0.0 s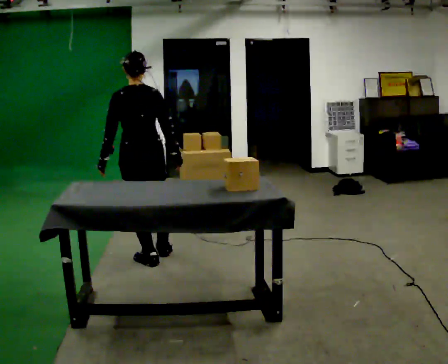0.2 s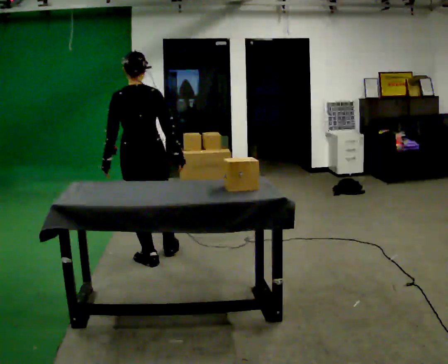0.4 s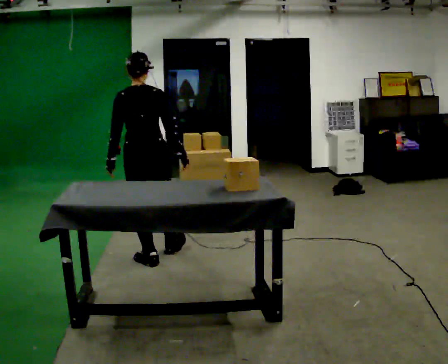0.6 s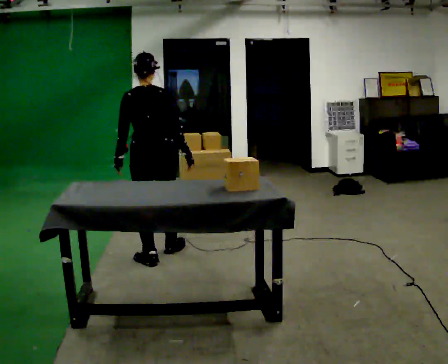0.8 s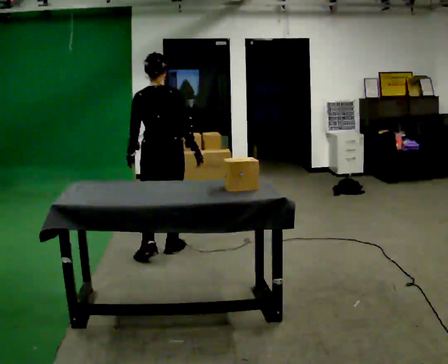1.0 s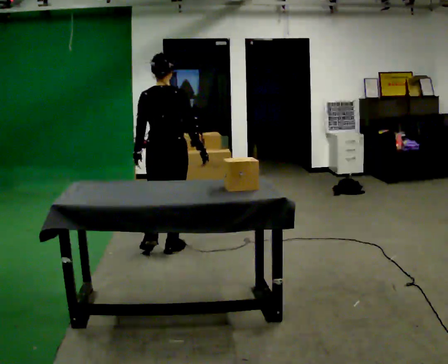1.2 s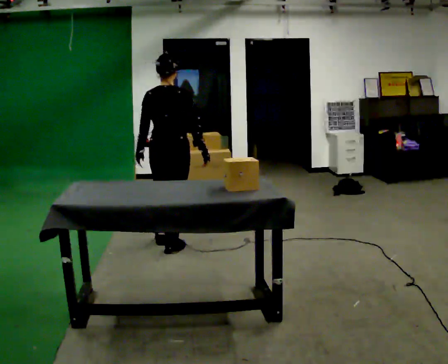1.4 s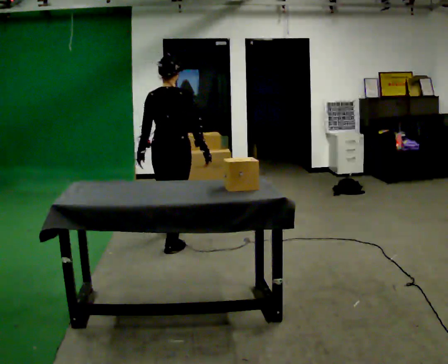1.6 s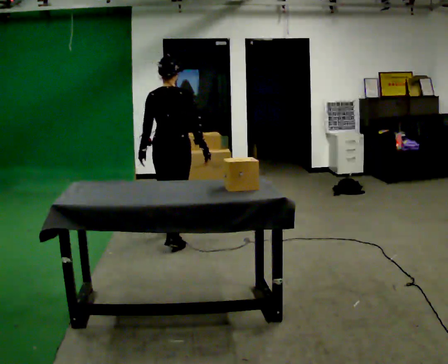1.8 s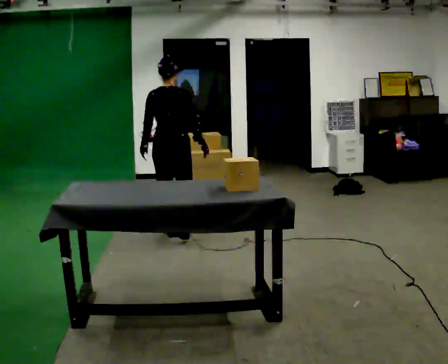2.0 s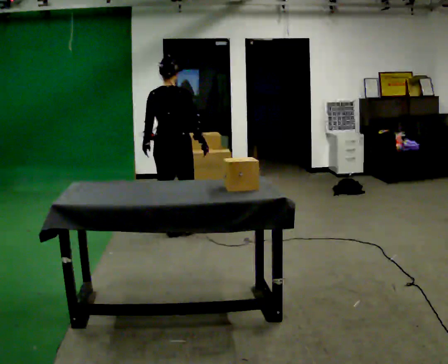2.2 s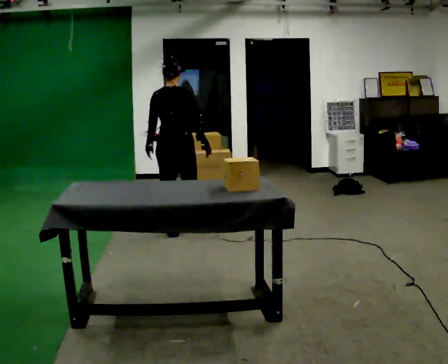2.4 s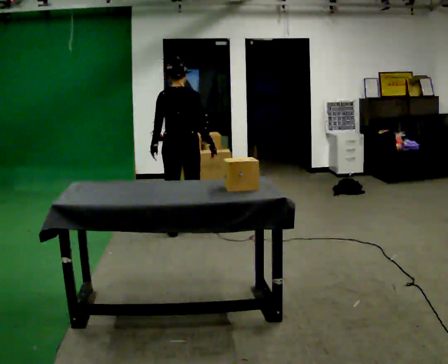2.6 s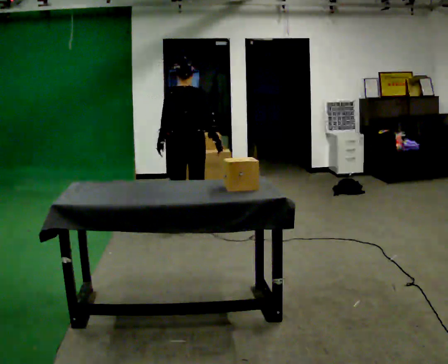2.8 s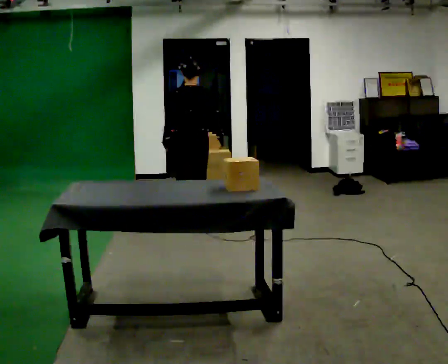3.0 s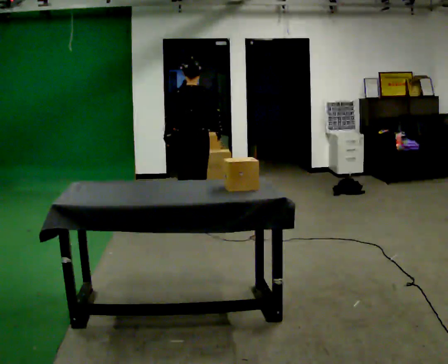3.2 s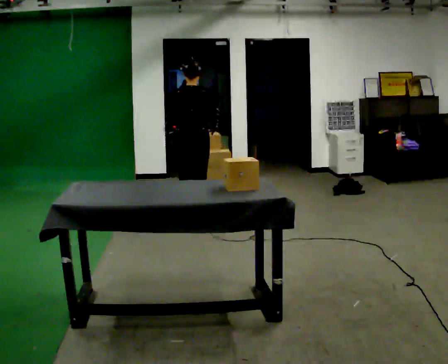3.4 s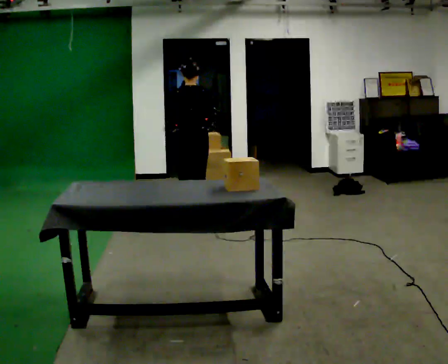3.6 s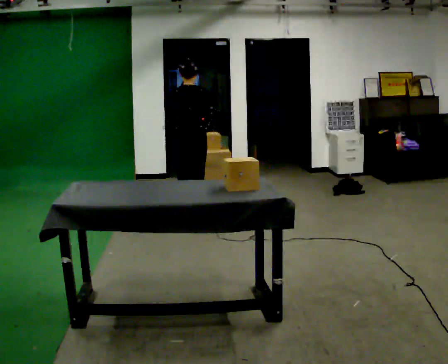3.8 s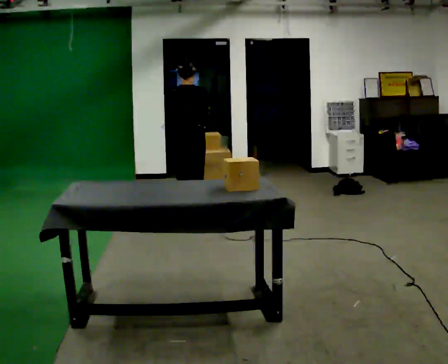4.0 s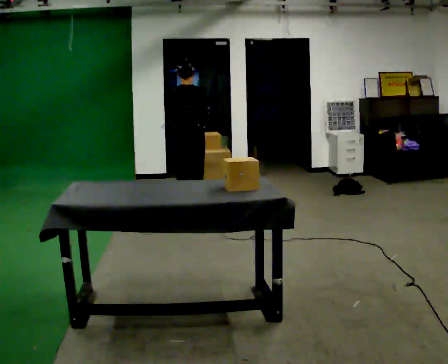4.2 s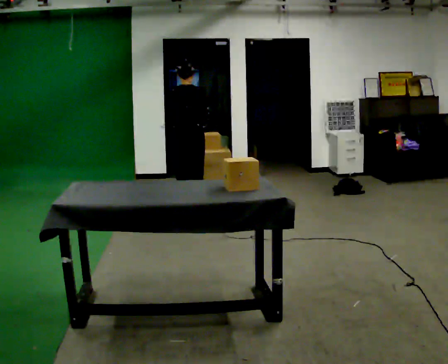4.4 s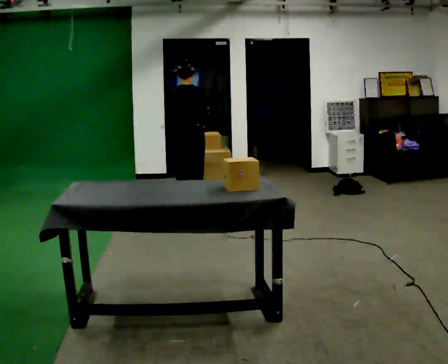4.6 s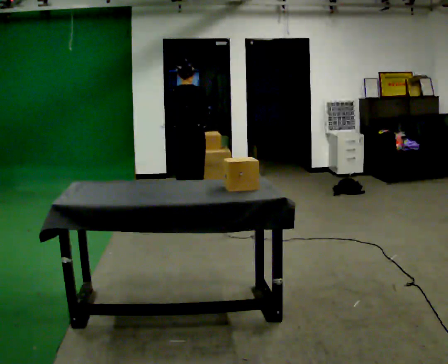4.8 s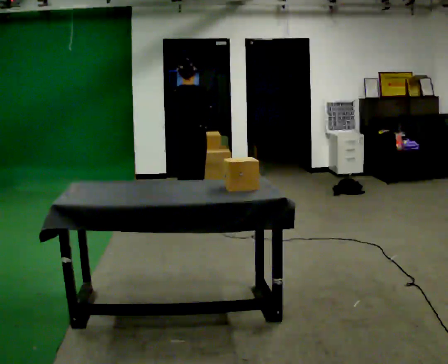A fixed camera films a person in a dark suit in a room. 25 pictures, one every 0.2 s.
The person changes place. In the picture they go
away from the camera.
0.0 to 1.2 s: Seen from above the body turns clockwise, about 30 degrees: to their right, with its near side sliding to the left. In the picture they go away from the camera and to the right, about 0.25 m, which for them is forward and to their right.
1.2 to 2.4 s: In the picture they go away from the camera, about 0.5 m in 2 steps, which for them is forward.
2.4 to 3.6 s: In the picture they go away from the camera, about 0.25 m in 1 step, which for them is forward.
3.6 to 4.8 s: The person moves a little, or ends about where they began.
The film runs forward here.
